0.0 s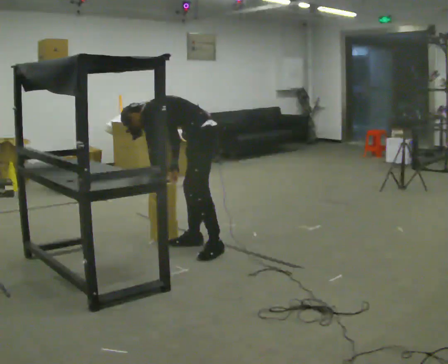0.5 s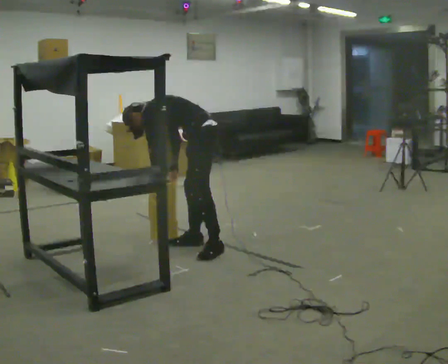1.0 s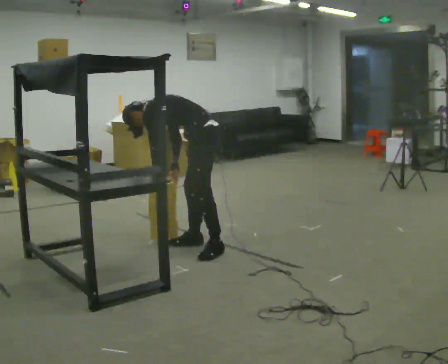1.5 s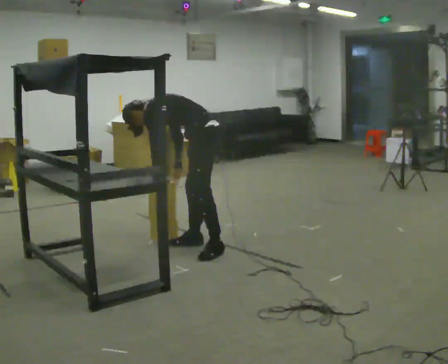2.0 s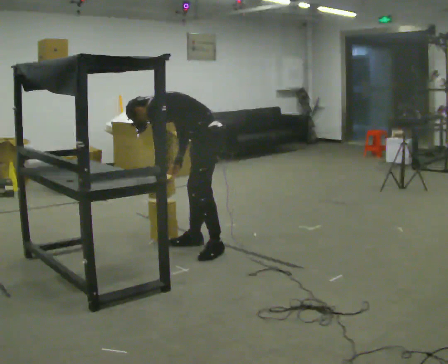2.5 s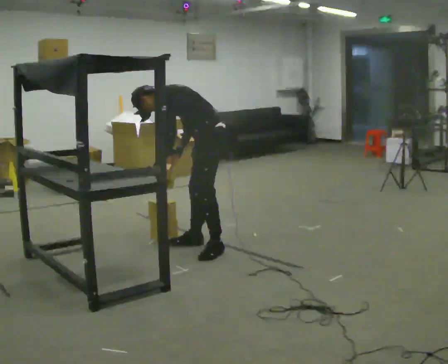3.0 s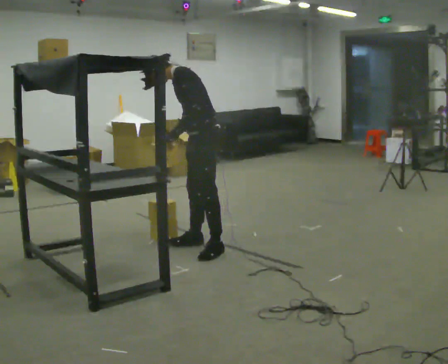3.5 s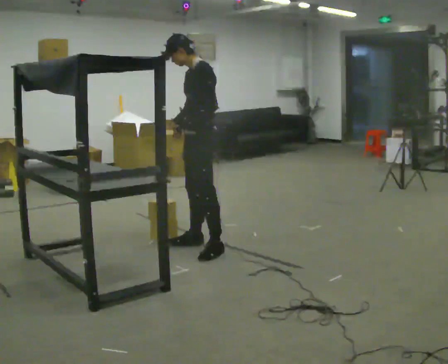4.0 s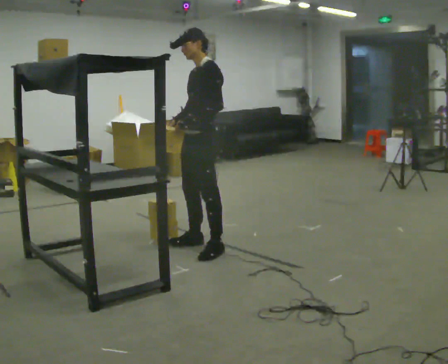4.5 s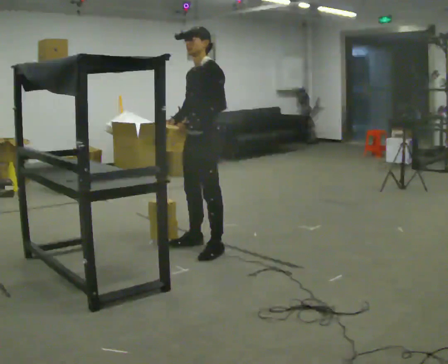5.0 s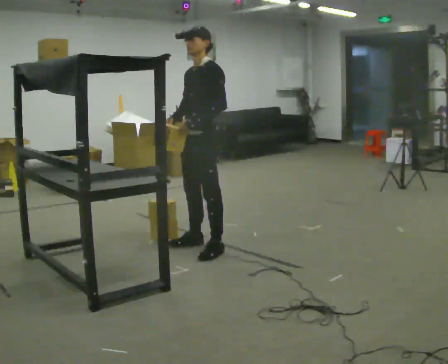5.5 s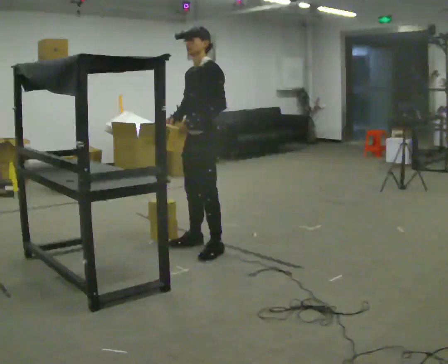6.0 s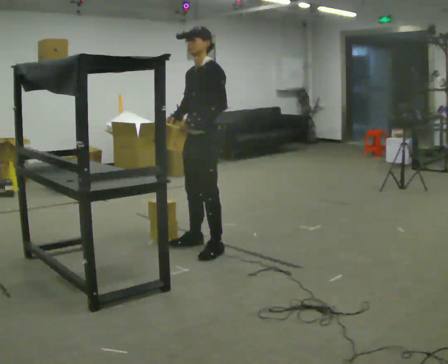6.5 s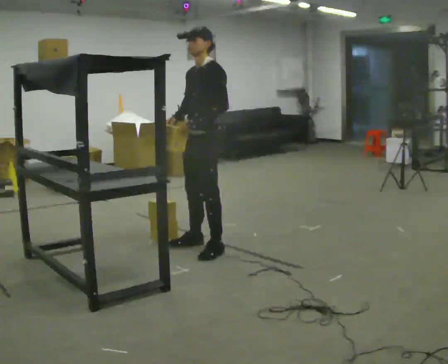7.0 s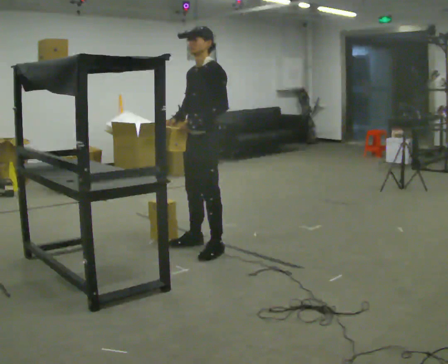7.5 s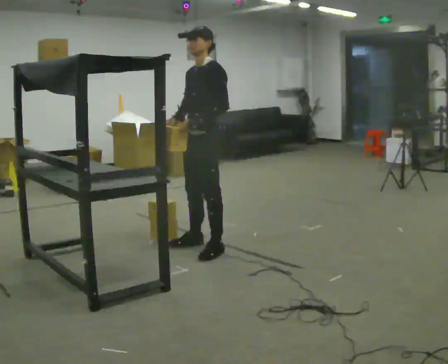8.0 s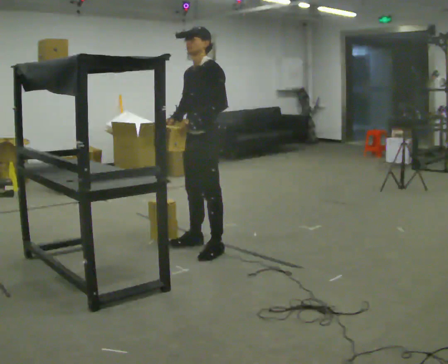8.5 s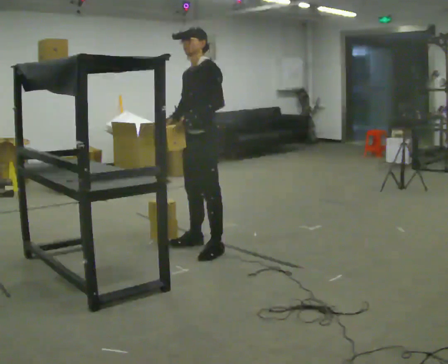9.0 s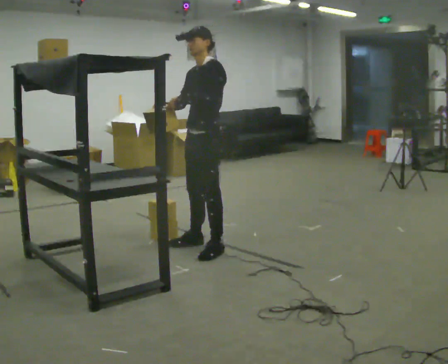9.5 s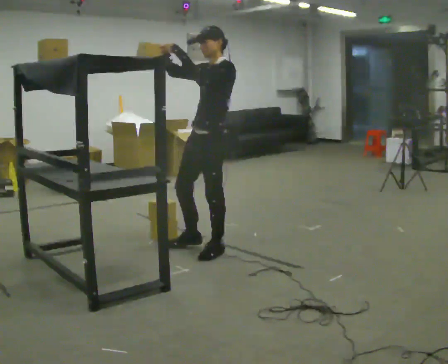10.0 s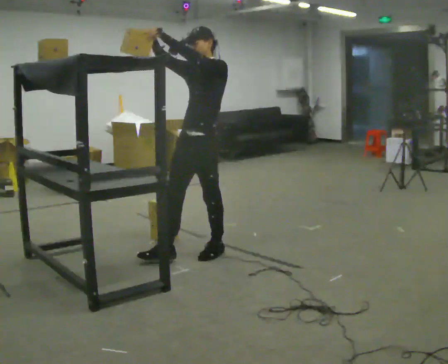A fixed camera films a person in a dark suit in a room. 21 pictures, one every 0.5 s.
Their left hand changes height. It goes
upward.
The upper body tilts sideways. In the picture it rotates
clockwise.
0.0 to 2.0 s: The person moves a little, or ends about where they began.
2.0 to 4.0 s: The part of the body nearest the lens slides to the right as the person turns to their left by about 30 degrees. The shoulders move upward. In the picture the upper body tilts clockwise, shoulders to the right, as they lean back or straighten. In the picture their right hand goes upward, the arm swinging clockwise.
4.0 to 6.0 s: The person moves a little, or ends about where they began.
6.0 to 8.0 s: The person keeps their place and pose.
8.0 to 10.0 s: In the picture they go toward the camera, about 0.25 m in 1 step, which for them is to their left. In the picture their right hand goes upward, the arm swinging clockwise.
The film runs backward here.
